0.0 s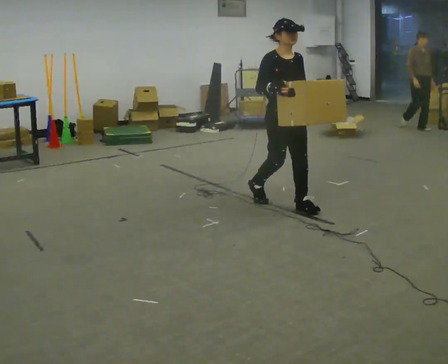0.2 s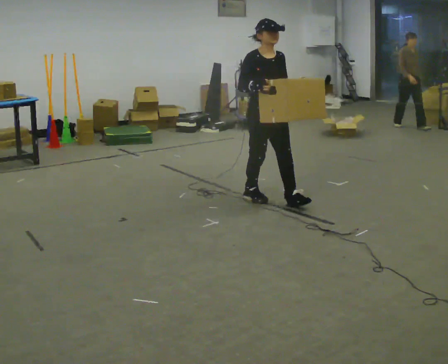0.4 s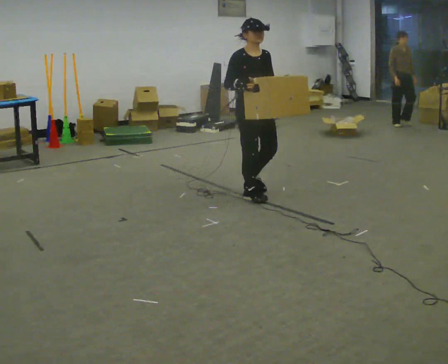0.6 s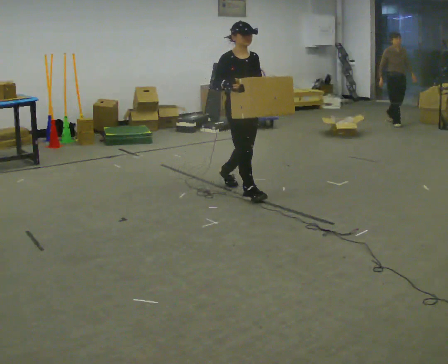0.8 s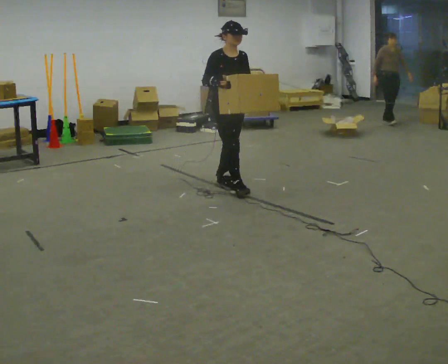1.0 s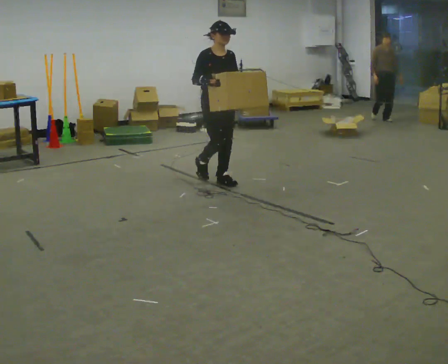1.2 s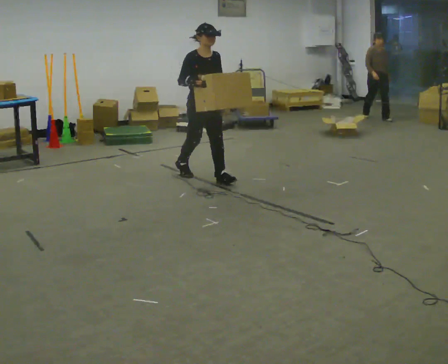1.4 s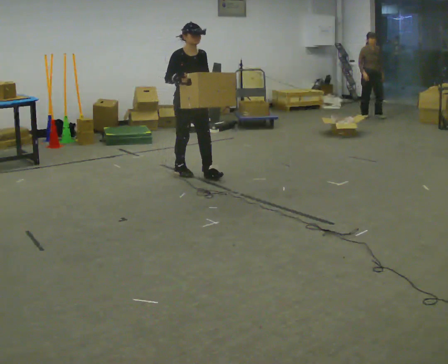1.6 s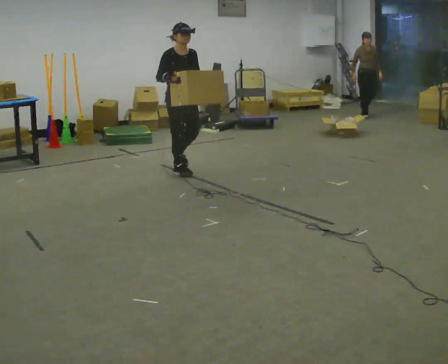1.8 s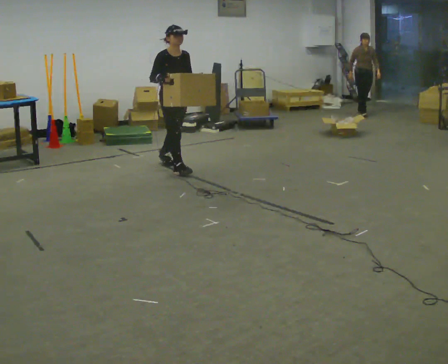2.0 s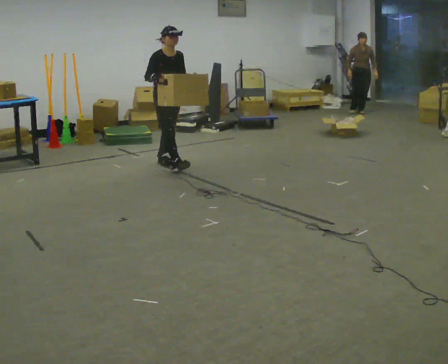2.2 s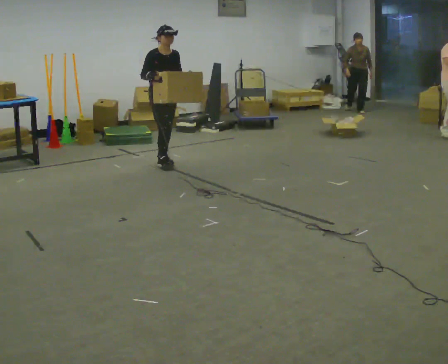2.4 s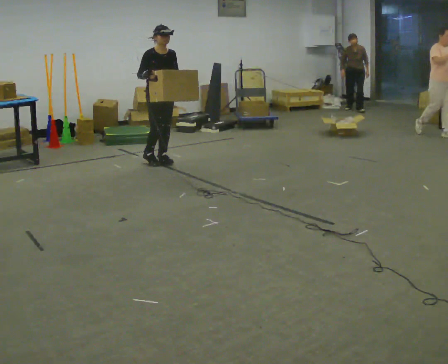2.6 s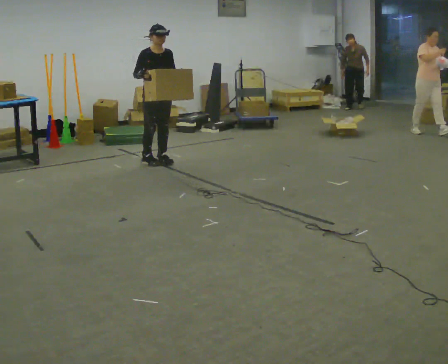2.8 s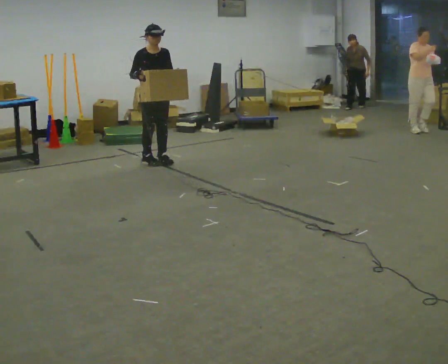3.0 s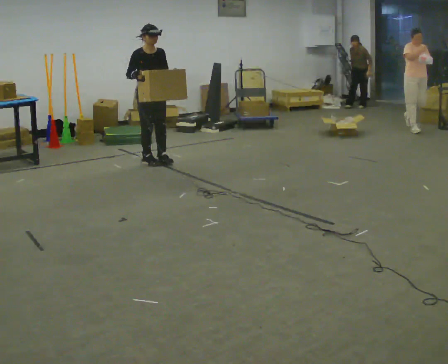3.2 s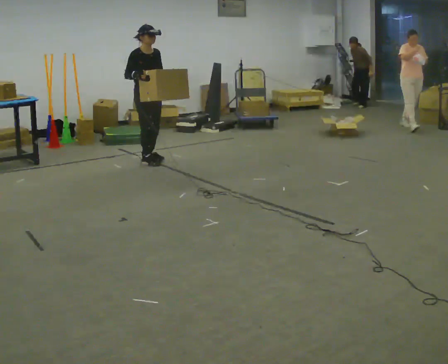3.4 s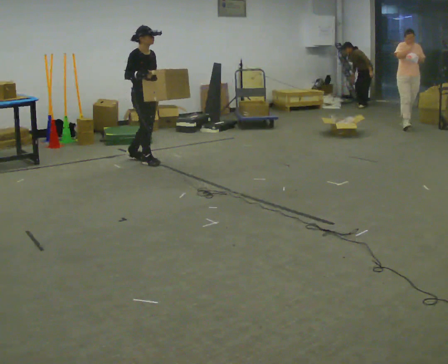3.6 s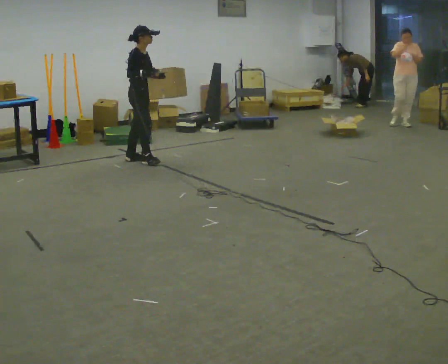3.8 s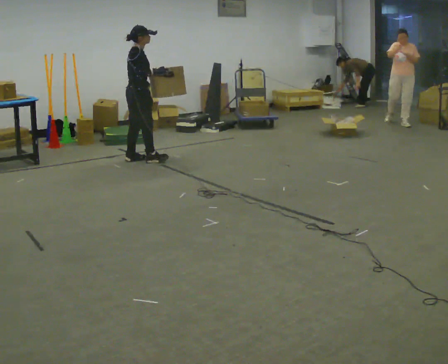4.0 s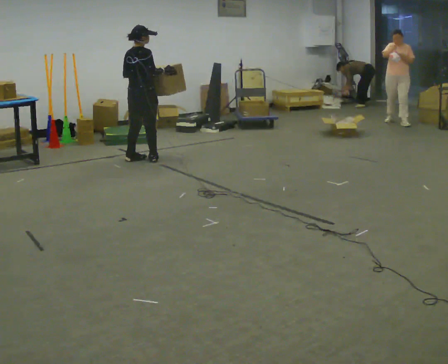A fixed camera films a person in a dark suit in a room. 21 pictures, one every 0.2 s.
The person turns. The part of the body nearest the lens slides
to the right.
The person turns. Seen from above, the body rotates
counterclockwise.
0.0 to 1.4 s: In the picture they go away from the camera and to the left, about 1 m in 3 steps, which for them is backward.
1.4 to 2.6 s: In the picture they go away from the camera and to the left, about 0.75 m in 1 step, which for them is backward.
2.6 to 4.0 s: Seen from above the body turns counterclockwise, about 105 degrees: to their left, with its near side sliding to the right. In the picture they go to the left, about 0.25 m in 1 step.
The film runs backward here.
